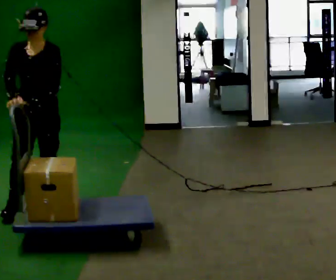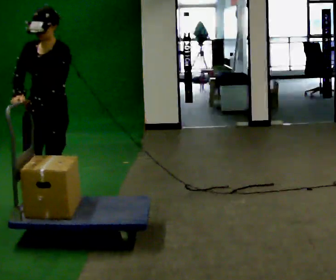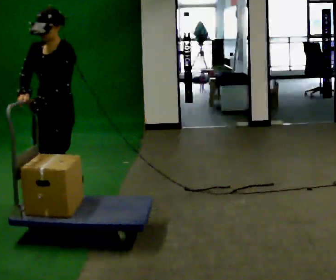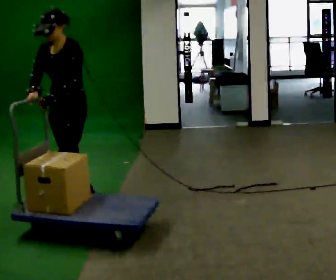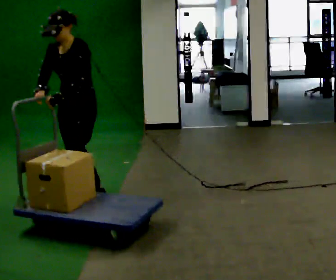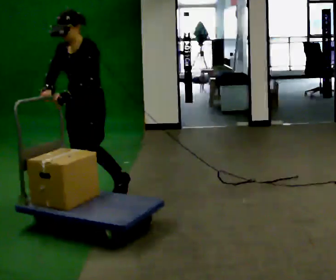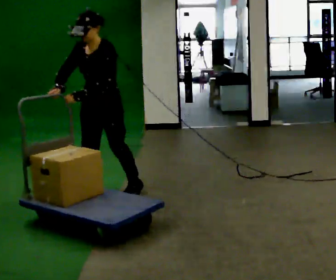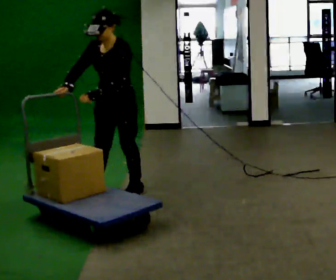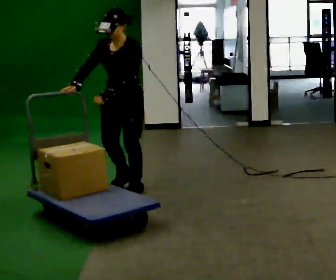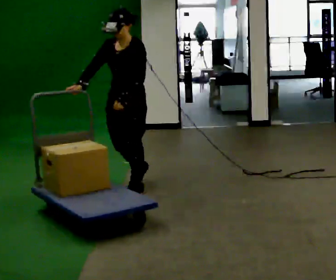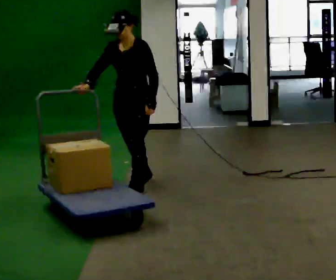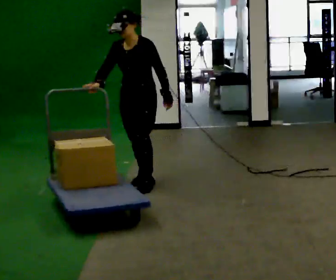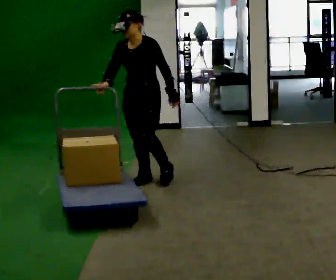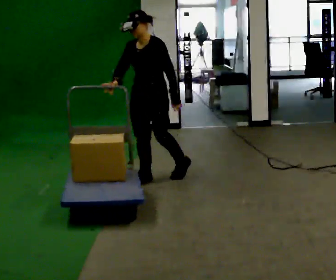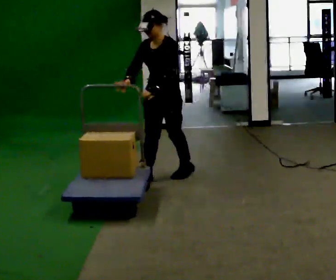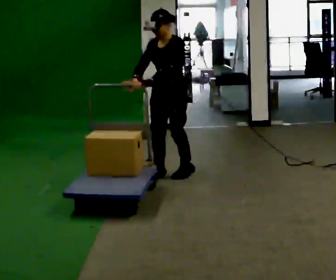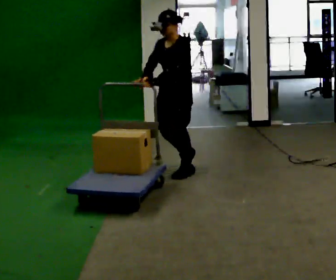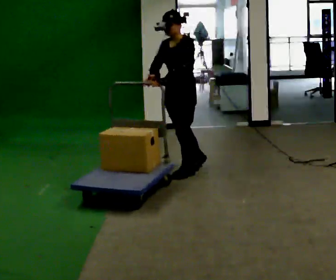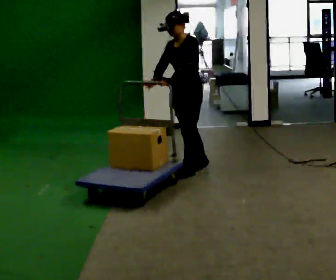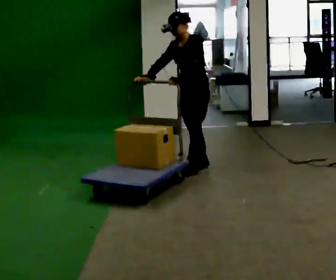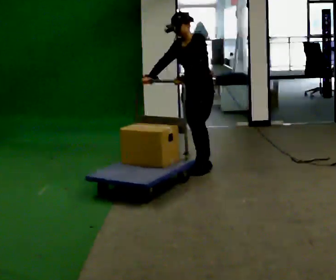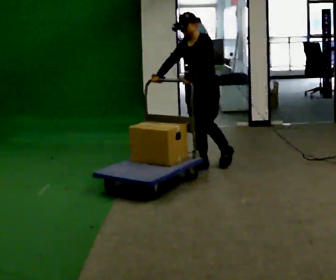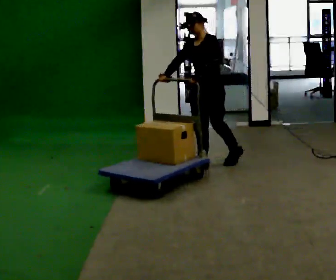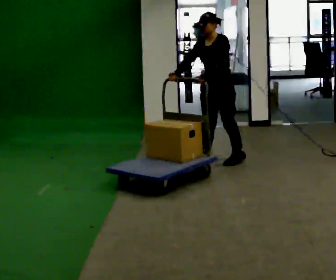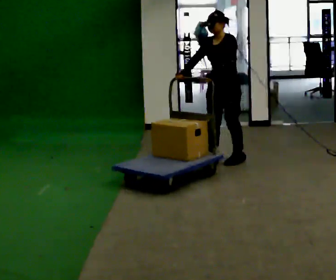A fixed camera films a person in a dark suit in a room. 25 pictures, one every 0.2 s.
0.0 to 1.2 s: In the picture they go away from the camera and to the right, about 0.5 m in 1 step, which for them is backward.
1.2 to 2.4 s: In the picture they go away from the camera and to the right, about 0.5 m in 2 steps, which for them is backward.
2.4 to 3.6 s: In the picture they go to the right and away from the camera, about 0.5 m in 1 step, which for them is backward.
3.6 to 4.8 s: In the picture they go to the right and away from the camera, about 0.5 m in 2 steps, which for them is backward.
The film runs backward here.
